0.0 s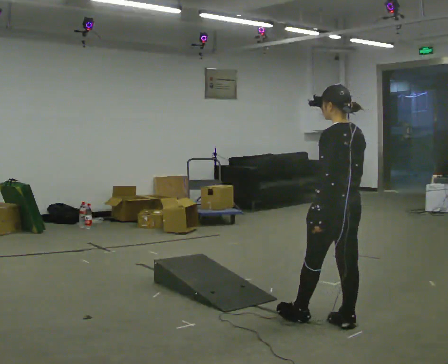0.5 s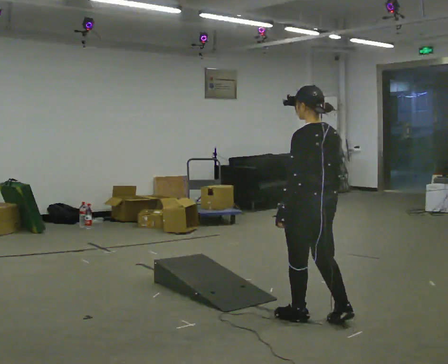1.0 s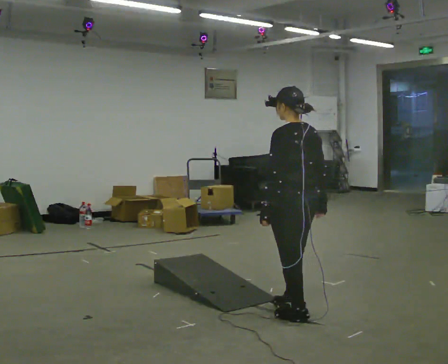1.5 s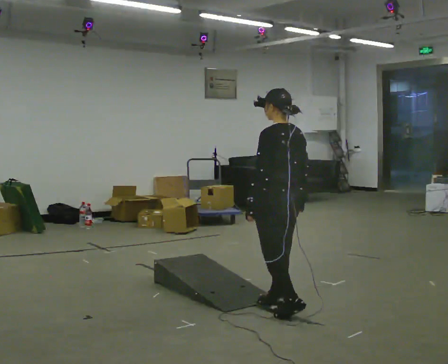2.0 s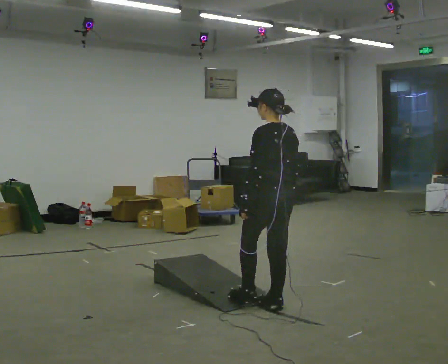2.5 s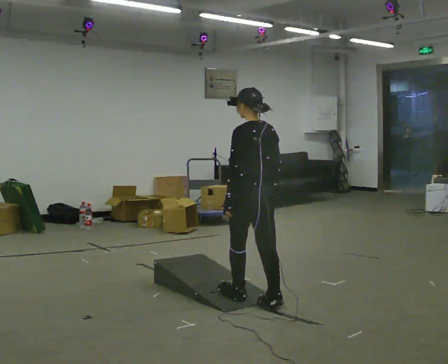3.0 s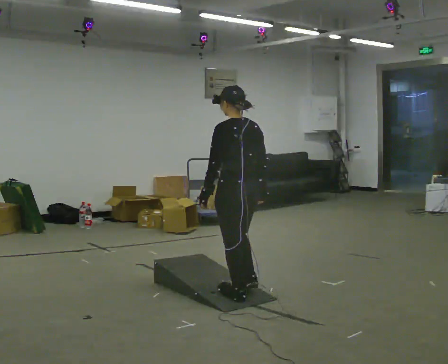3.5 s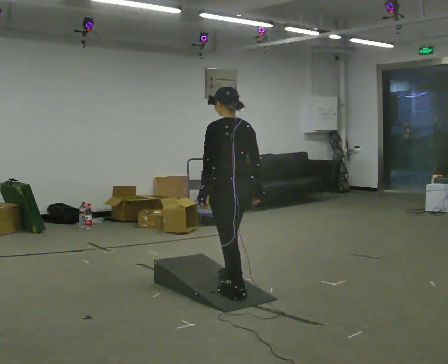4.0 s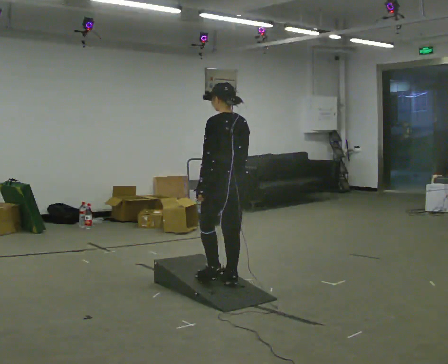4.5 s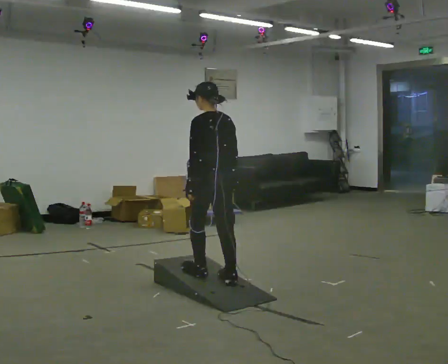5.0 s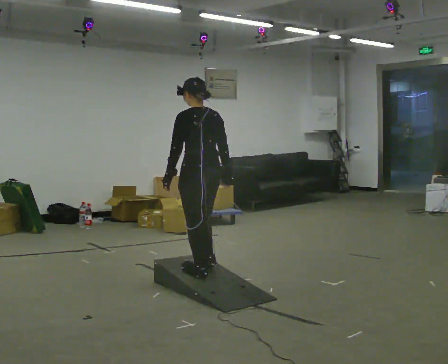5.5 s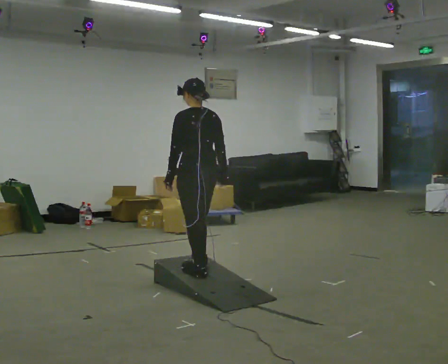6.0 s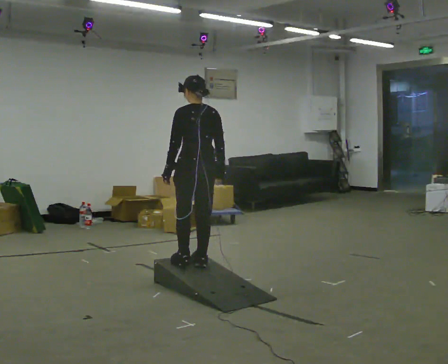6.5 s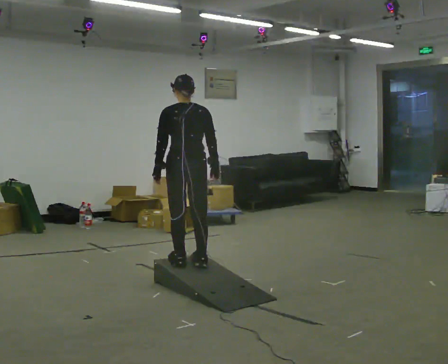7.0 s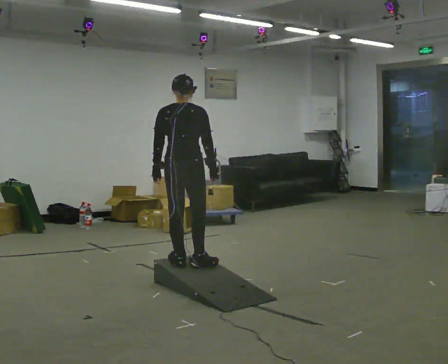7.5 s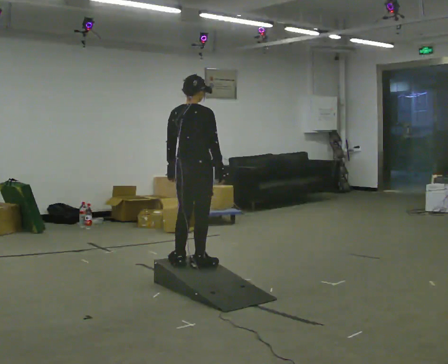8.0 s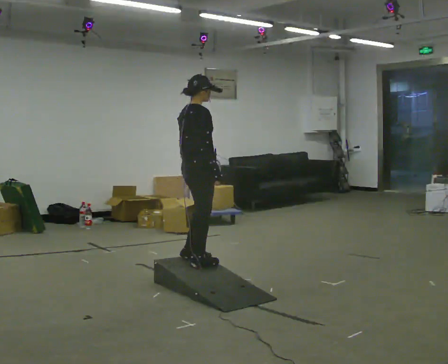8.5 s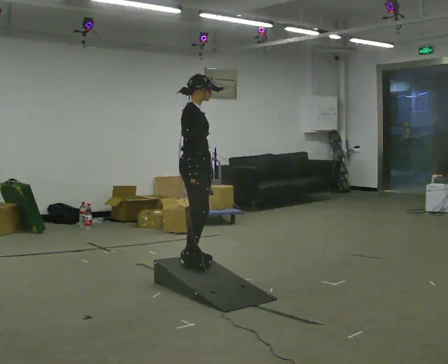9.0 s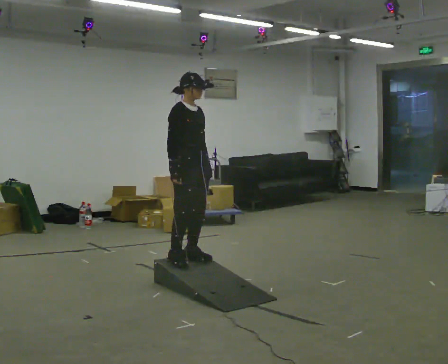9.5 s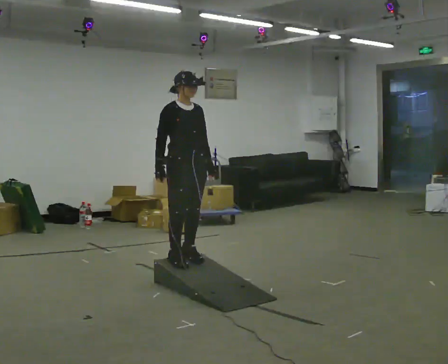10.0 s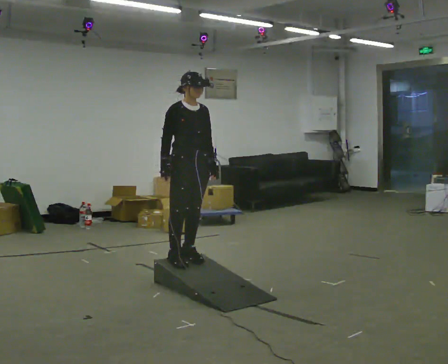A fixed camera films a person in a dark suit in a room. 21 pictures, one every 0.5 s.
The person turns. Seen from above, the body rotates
clockwise.
The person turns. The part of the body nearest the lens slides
to the left.
0.0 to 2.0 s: In the picture they go away from the camera and to the left, about 0.5 m in 1 step, which for them is forward.
2.0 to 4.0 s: In the picture they go away from the camera and to the left, about 0.5 m in 2 steps, which for them is forward.
4.0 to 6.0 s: In the picture they go away from the camera and to the left, about 0.25 m in 2 steps, which for them is forward.
6.0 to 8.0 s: The person turns about 90 degrees to their right, clockwise seen from above, so the part of the body nearest the lens slides to the left.
8.0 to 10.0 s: The person turns about 75 degrees to their right, clockwise seen from above, so the part of the body nearest the lens slides to the left. In the picture their right hand goes to the left.
The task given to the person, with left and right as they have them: Walk up the ramp, turn at the top, and walk back down at a comfortable speed.
The film runs forward here.
